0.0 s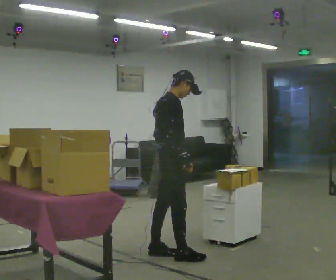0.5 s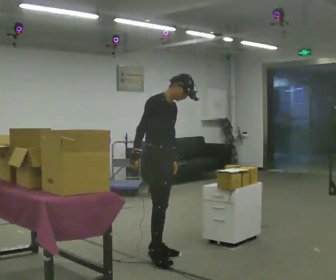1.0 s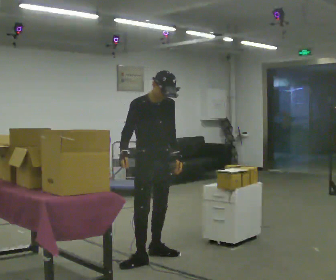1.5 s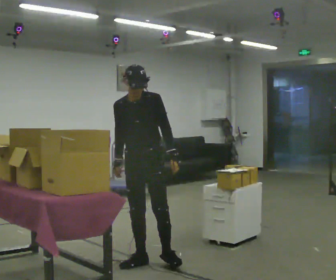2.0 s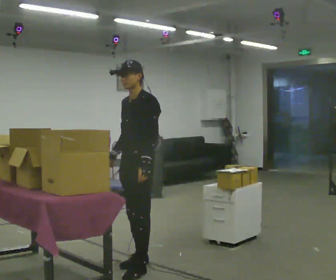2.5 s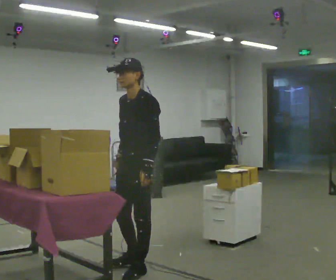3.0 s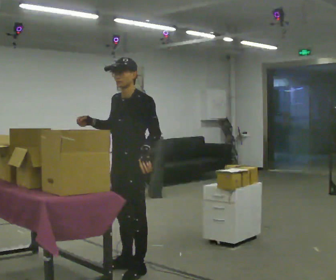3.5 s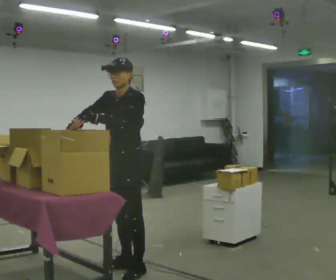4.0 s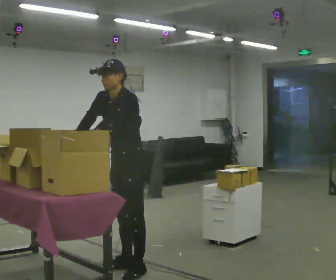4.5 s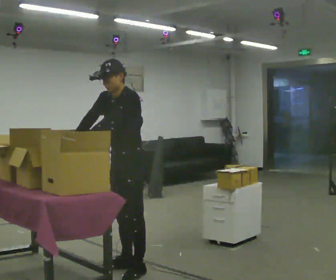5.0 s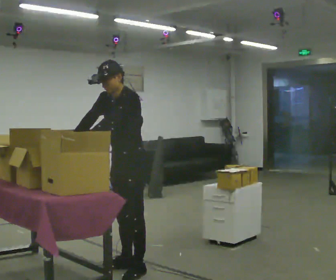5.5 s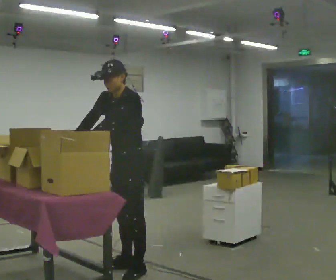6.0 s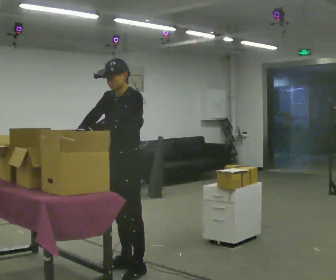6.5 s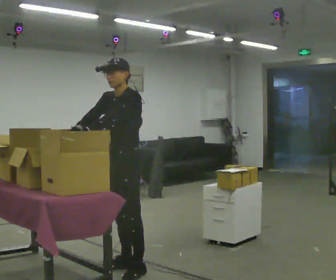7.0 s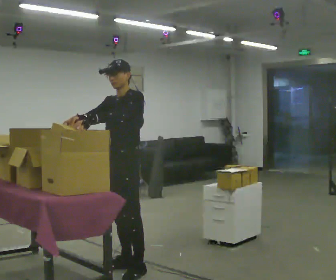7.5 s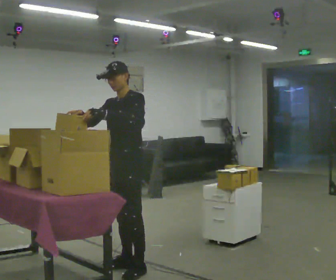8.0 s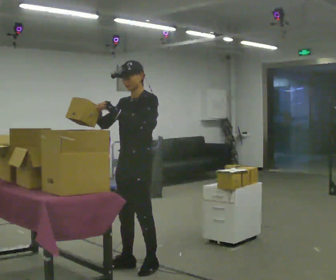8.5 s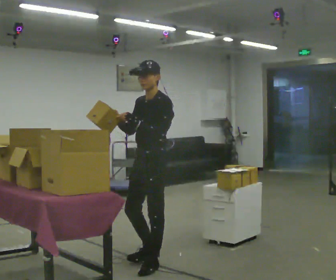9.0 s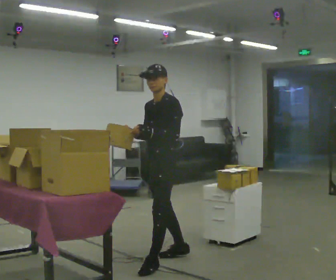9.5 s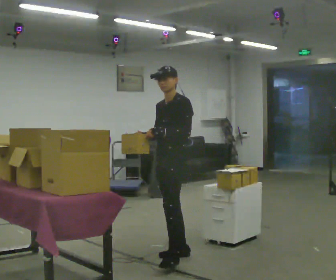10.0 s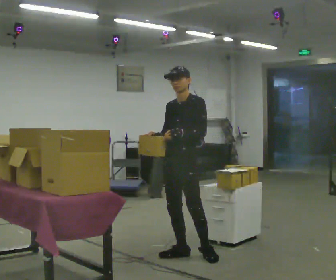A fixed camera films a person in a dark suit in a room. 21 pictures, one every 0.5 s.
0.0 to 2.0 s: The part of the body nearest the lens slides to the left as the person turns to their right by about 150 degrees. In the picture they go to the left and toward the camera, about 0.25 m in 2 steps.
2.0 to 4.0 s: In the picture their right hand goes to the left.
4.0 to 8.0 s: The person moves a little, or ends about where they began.
8.0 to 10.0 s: In the picture they go to the right and away from the camera, about 0.5 m in 2 steps, which for them is backward.
The film runs backward here.
